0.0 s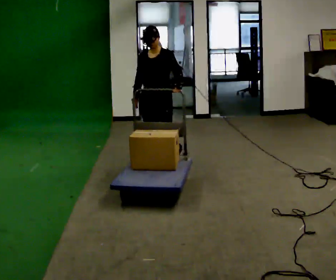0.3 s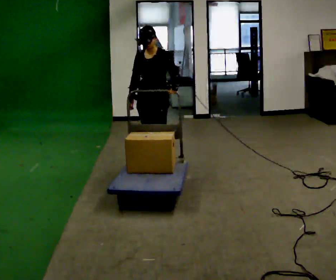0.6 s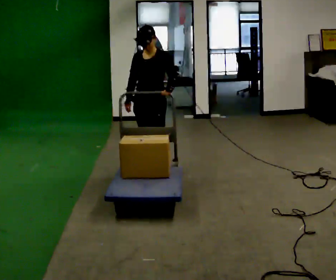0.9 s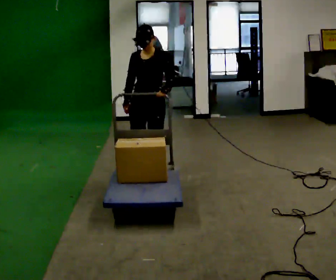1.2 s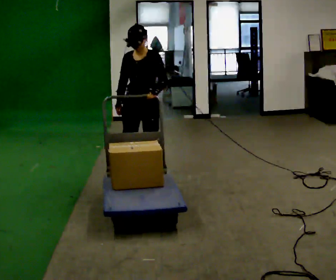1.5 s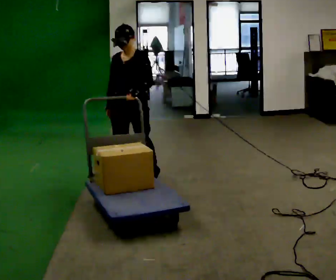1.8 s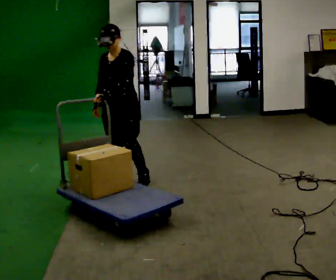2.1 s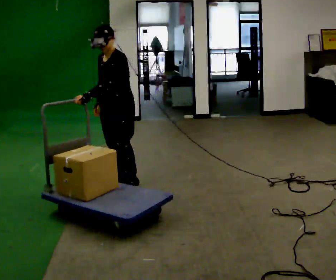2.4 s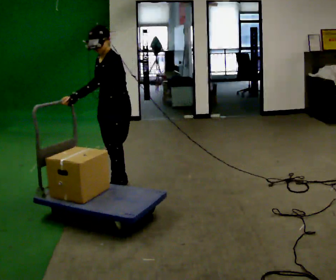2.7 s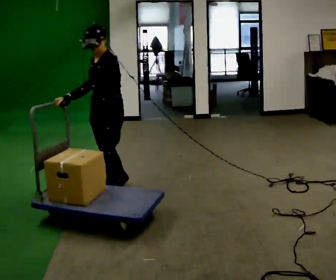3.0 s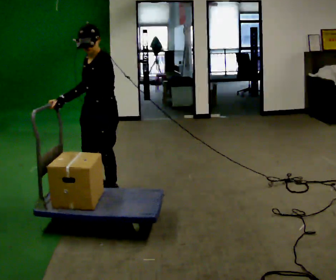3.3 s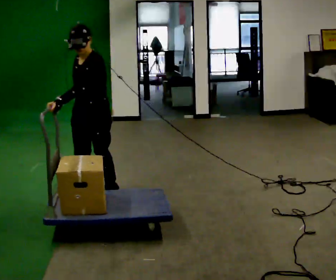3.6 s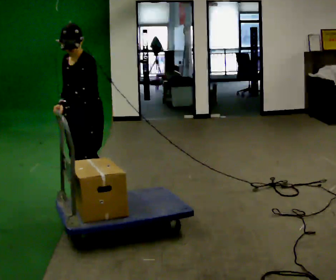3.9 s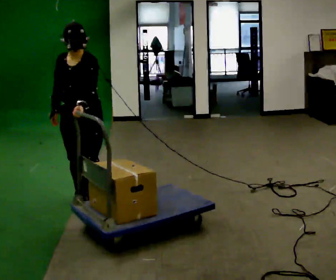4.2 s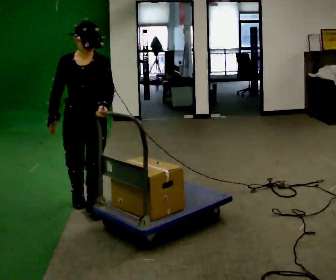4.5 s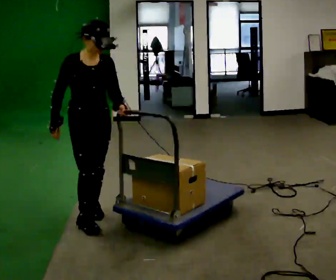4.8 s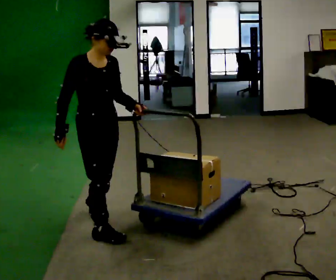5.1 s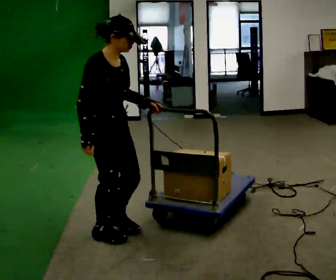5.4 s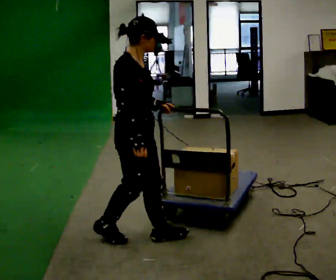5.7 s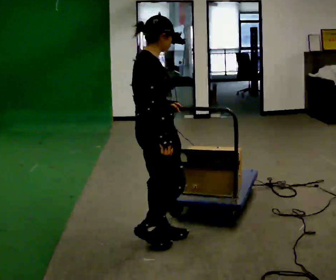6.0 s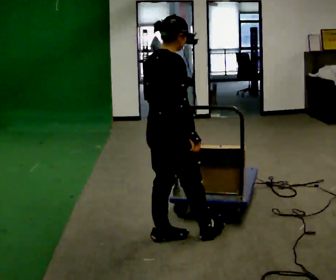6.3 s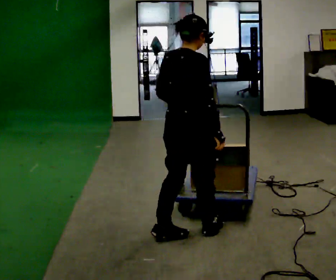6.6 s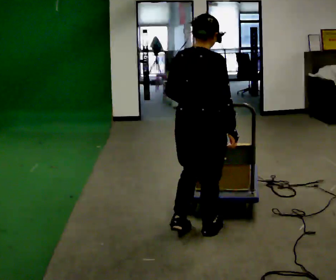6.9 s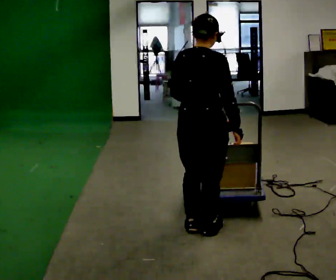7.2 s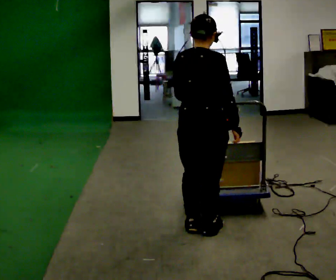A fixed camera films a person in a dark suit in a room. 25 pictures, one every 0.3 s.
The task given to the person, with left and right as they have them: Push the cart along the marked route and round the corner to the side the operator calls.
0.0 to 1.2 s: In the picture they go toward the camera, about 0.5 m in 1 step, which for them is forward.
1.2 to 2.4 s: The part of the body nearest the lens slides to the left as the person turns to their right by about 30 degrees. In the picture they go toward the camera and to the left, about 0.25 m in 1 step, which for them is forward.
2.4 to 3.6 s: In the picture they go toward the camera and to the left, about 0.5 m in 2 steps, which for them is forward.
3.6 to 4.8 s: The part of the body nearest the lens slides to the right as the person turns to their left by about 75 degrees. In the picture they go toward the camera, about 0.5 m in 2 steps.
4.8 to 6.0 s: Seen from above the body turns counterclockwise, about 75 degrees: to their left, with its near side sliding to the right. In the picture they go to the right and toward the camera, about 0.5 m in 1 step.
6.0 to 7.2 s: The part of the body nearest the lens slides to the right as the person turns to their left by about 30 degrees. In the picture they go to the right, about 0.25 m in 2 steps, which for them is forward and to their right.
The film runs forward here.
